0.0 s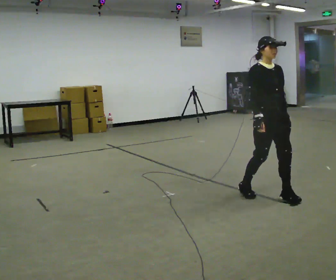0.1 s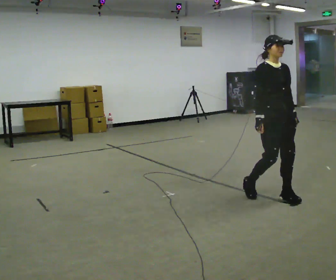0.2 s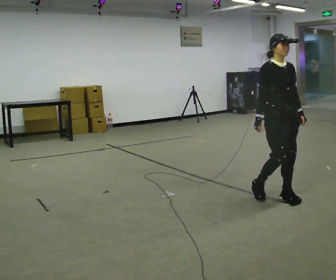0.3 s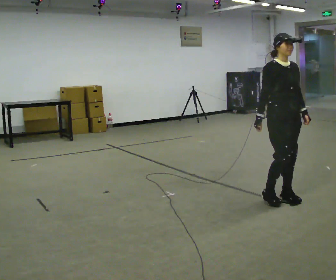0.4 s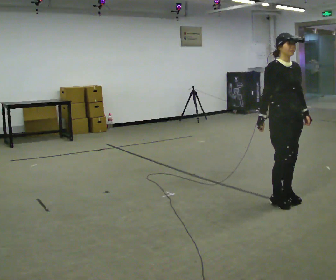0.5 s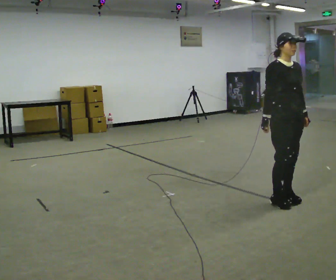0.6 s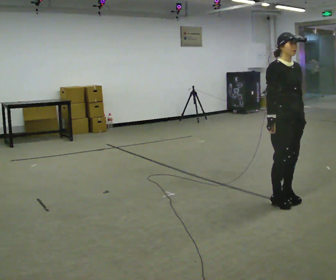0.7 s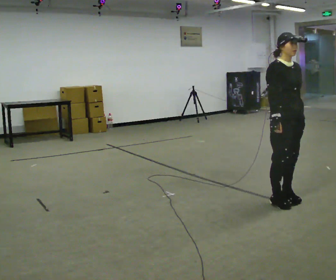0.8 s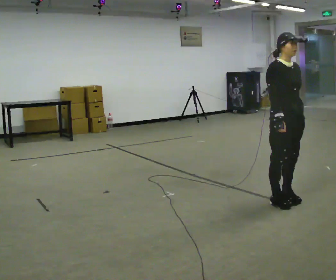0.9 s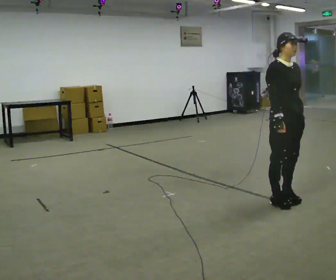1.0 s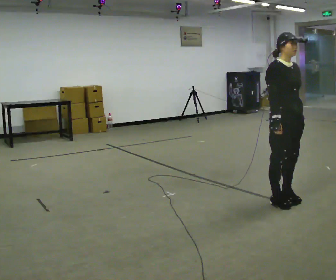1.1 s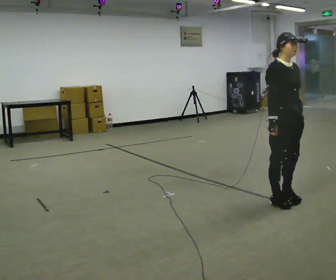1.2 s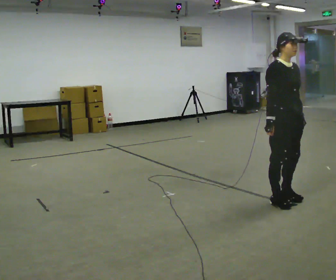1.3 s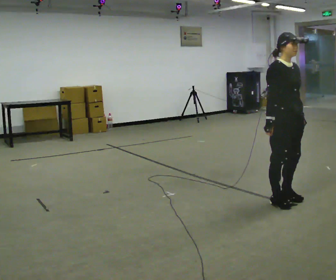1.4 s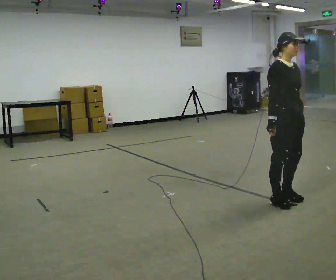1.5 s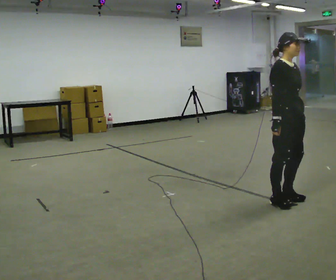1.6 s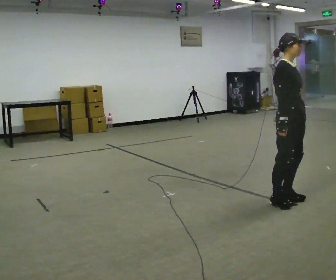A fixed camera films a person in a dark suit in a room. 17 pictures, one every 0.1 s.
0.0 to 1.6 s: Seen from above the body turns counterclockwise, about 30 degrees: to their left, with its near side sliding to the right. In the picture they go to the right, about 0.25 m in 1 step, which for them is forward.
The film runs forward here.
